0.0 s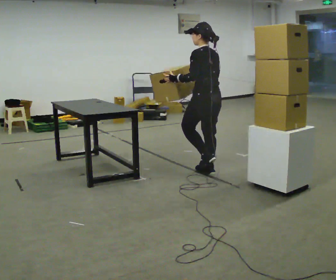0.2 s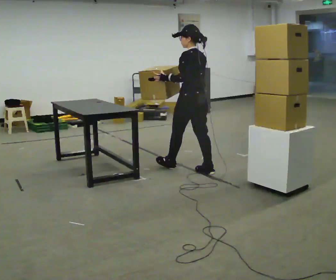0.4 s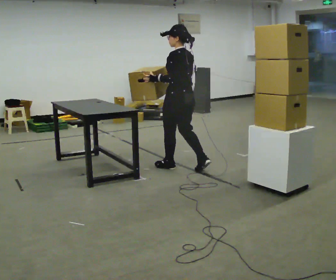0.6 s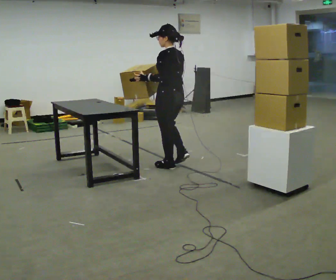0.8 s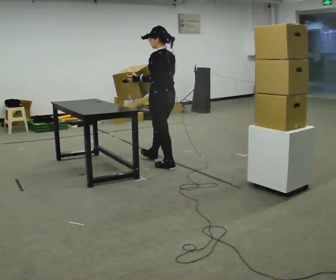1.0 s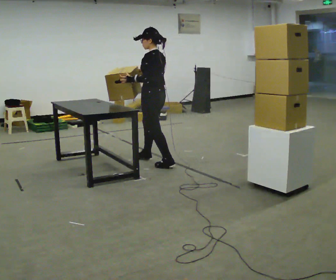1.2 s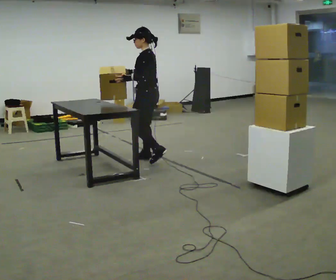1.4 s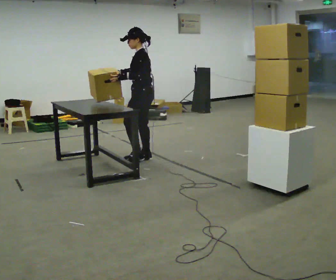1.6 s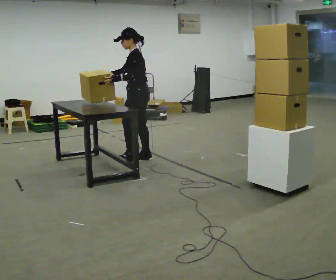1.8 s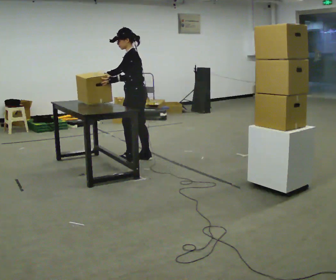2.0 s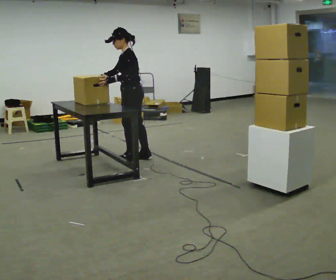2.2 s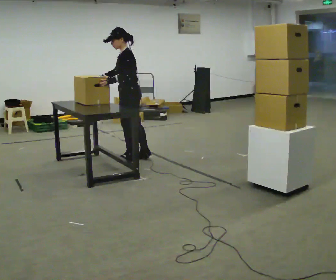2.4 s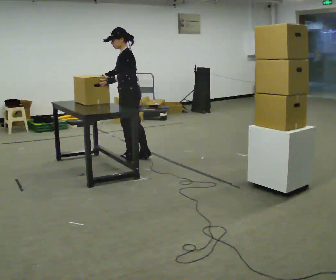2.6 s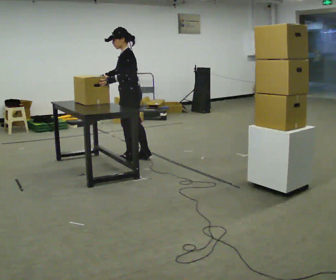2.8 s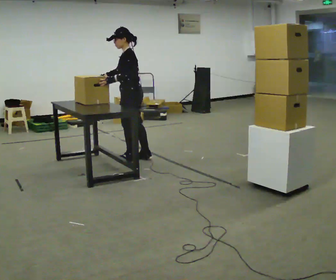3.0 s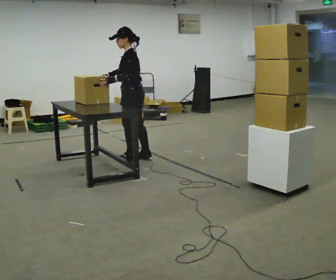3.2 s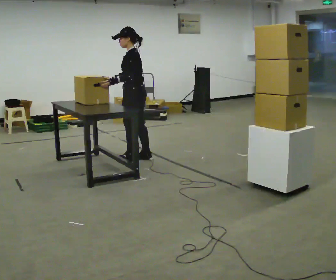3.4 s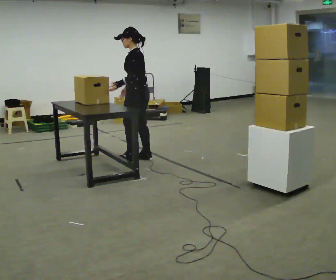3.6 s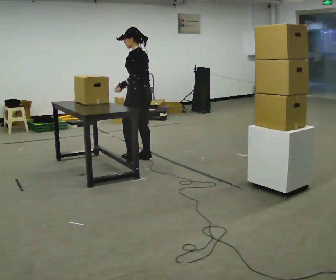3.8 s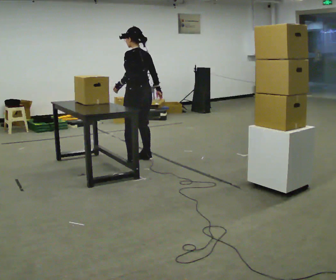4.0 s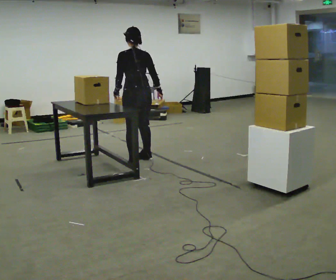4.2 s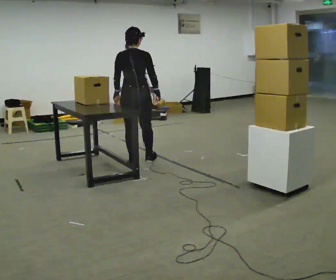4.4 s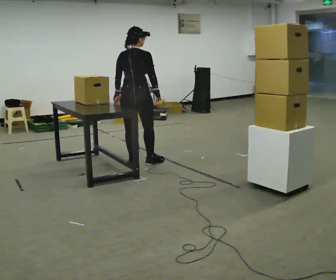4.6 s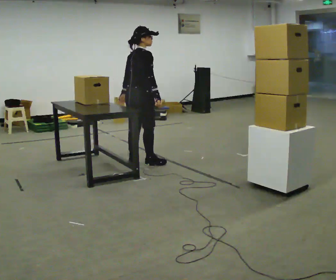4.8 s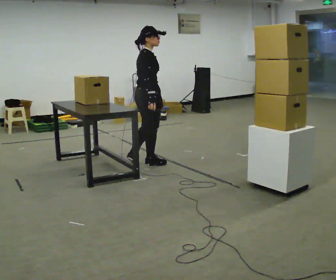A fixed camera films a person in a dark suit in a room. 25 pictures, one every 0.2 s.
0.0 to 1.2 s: The person turns about 30 degrees to their left, counterclockwise seen from above, so the part of the body nearest the lens slides to the right. In the picture they go away from the camera and to the left, about 1 m in 2 steps, which for them is forward.
1.2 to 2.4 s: In the picture they go to the left, about 0.25 m in 1 step, which for them is forward. In the picture their right hand goes to the left.
2.4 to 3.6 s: Seen from above the body turns clockwise, about 30 degrees: to their right, with its near side sliding to the left. In the picture their right hand goes to the right, the arm swinging counterclockwise.
3.6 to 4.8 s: The person turns about 135 degrees to their right, clockwise seen from above, so the part of the body nearest the lens slides to the left. In the picture they go toward the camera, about 0.25 m in 2 steps.
The film runs forward here.
